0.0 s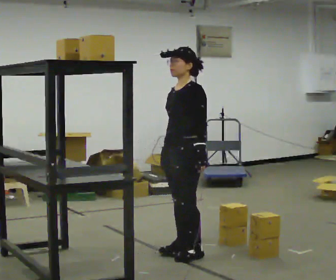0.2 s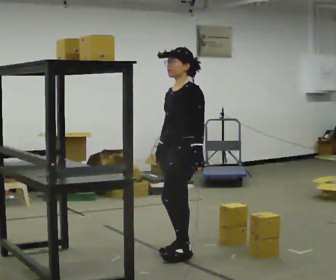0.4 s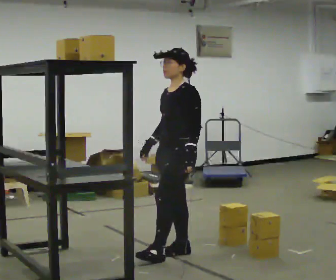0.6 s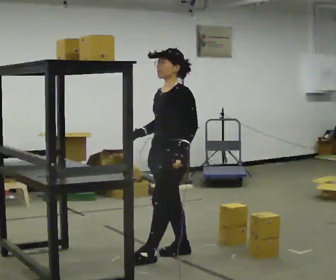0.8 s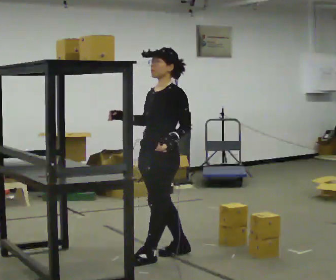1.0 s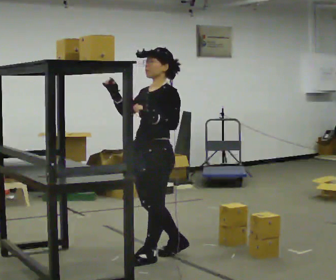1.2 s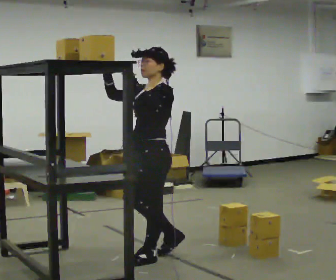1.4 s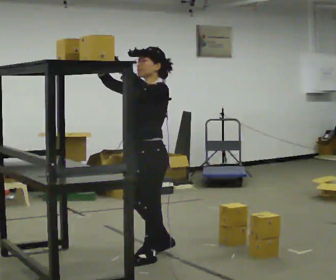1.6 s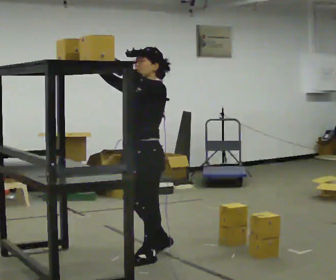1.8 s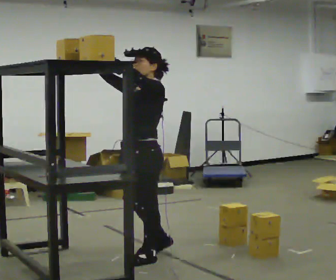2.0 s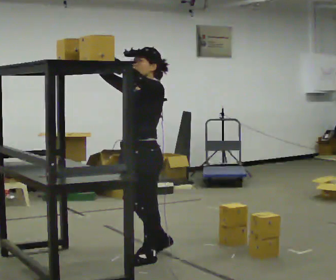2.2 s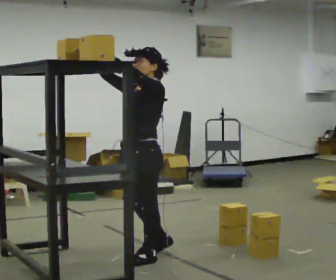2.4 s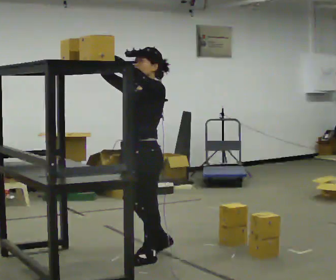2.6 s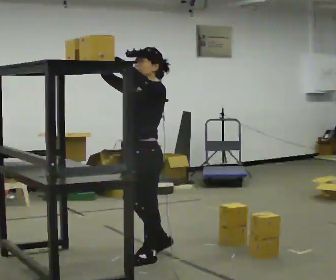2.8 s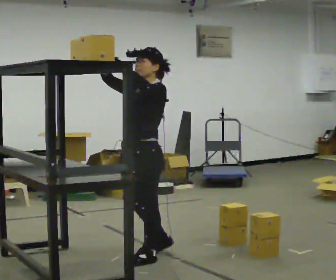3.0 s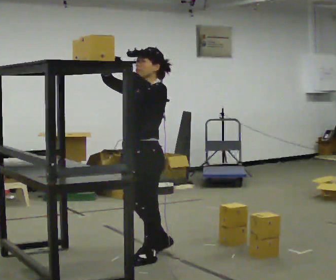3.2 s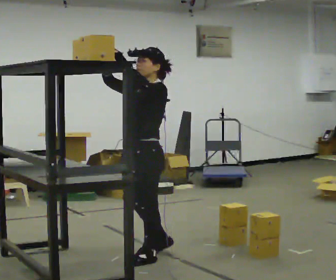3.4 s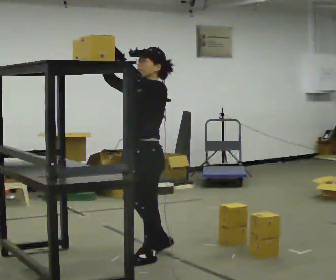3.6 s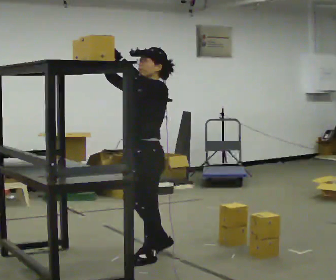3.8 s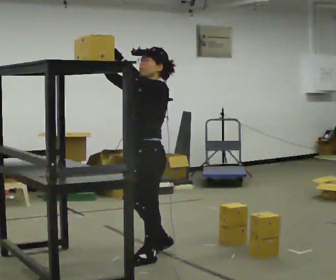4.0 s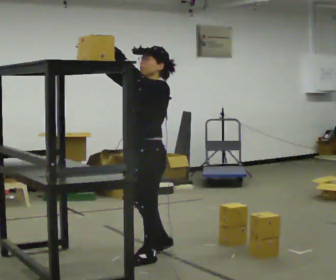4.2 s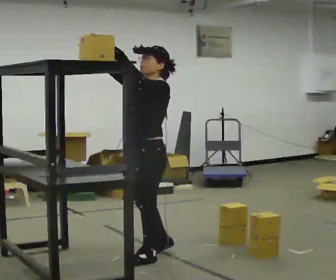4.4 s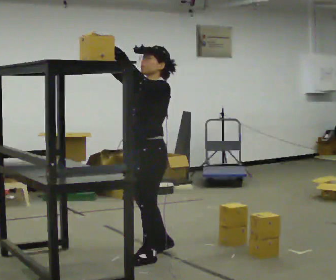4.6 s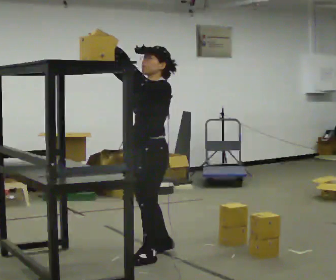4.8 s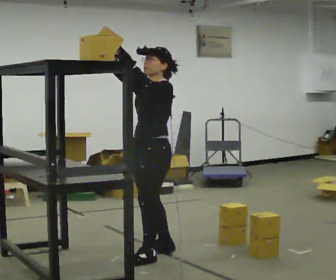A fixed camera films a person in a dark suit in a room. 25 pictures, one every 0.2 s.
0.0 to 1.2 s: In the picture they go to the left and toward the camera, about 0.25 m in 1 step, which for them is forward. In the picture their right hand goes upward, the arm swinging clockwise.
1.2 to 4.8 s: The person moves a little, or ends about where they began.
The film runs backward here.
